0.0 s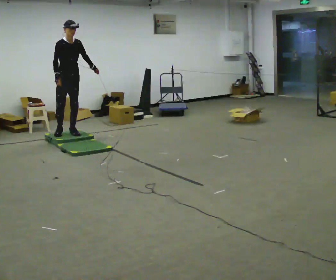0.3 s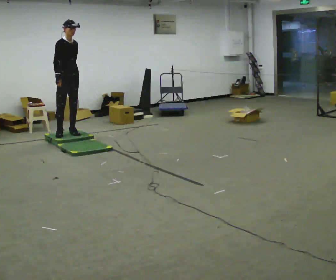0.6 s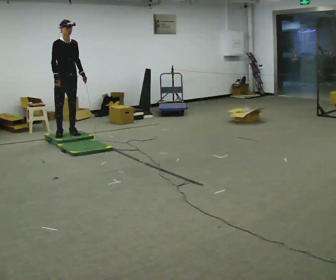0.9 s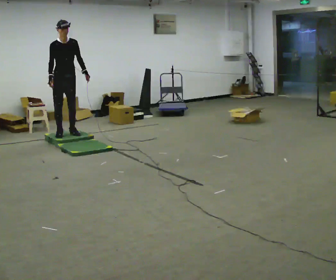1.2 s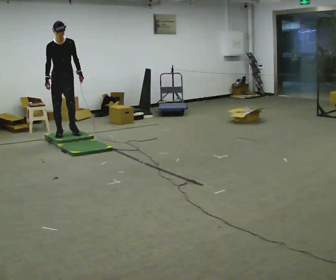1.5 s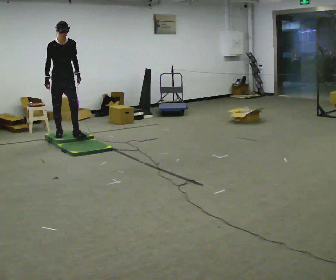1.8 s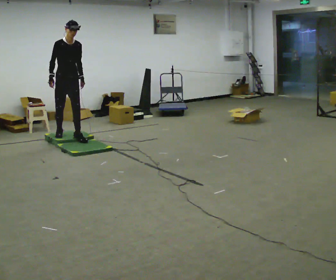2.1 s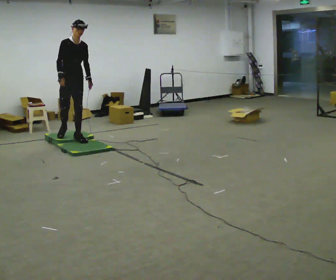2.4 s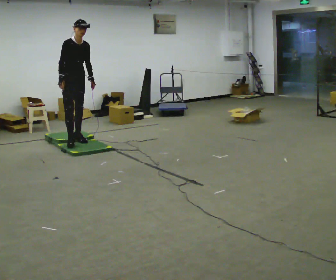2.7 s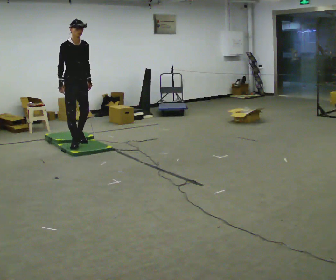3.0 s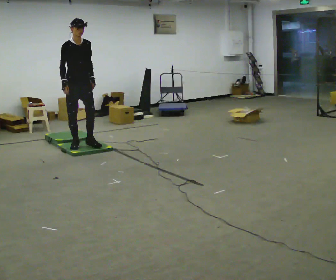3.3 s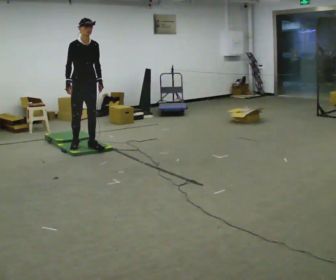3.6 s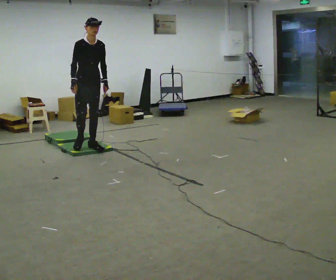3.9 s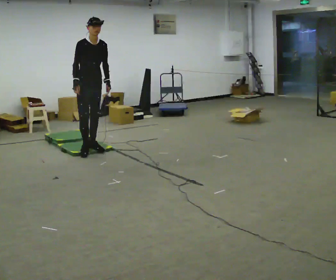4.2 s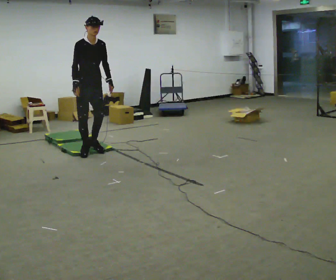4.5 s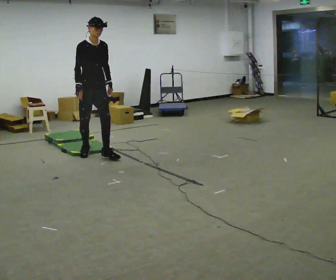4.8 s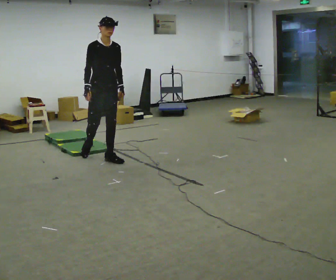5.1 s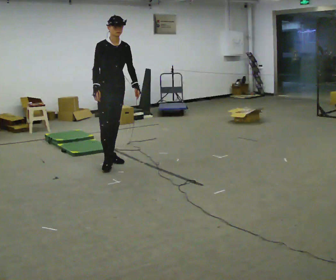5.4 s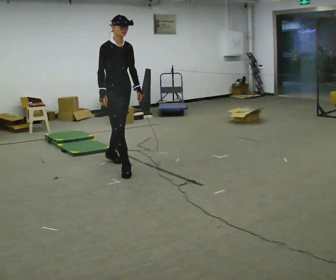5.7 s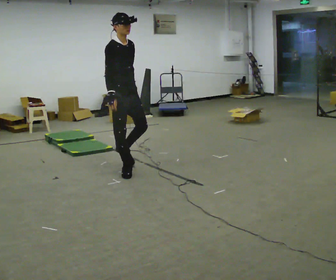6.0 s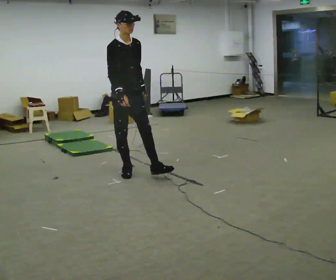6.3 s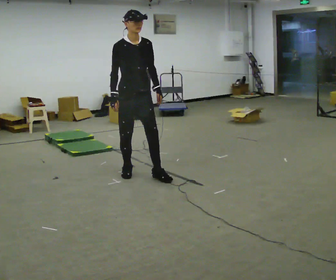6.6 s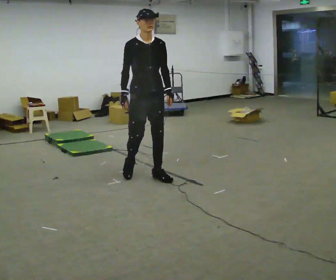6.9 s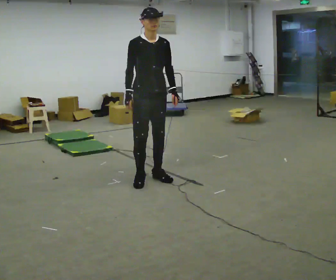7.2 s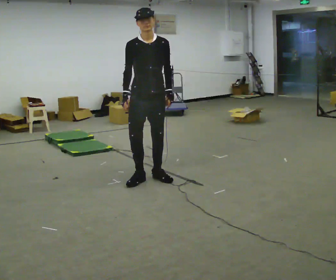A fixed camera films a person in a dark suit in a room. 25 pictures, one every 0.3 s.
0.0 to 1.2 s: The person moves a little, or ends about where they began.
1.2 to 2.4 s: In the picture they go toward the camera and to the right, about 0.25 m in 1 step, which for them is forward.
2.4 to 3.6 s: In the picture they go toward the camera and to the right, about 0.5 m in 2 steps, which for them is forward.
3.6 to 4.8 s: In the picture they go toward the camera and to the right, about 0.5 m in 2 steps, which for them is forward.
4.8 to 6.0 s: In the picture they go toward the camera, about 0.5 m in 1 step, which for them is forward.
6.0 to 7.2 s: The person turns about 30 degrees to their right, clockwise seen from above, so the part of the body nearest the lens slides to the left. In the picture they go toward the camera and to the right, about 0.25 m in 2 steps, which for them is forward and to their left.
The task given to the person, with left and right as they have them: Walk across the mats at a normal pace. They may not all feel the same underfoot. Carry on afterwards.
The film runs forward here.
